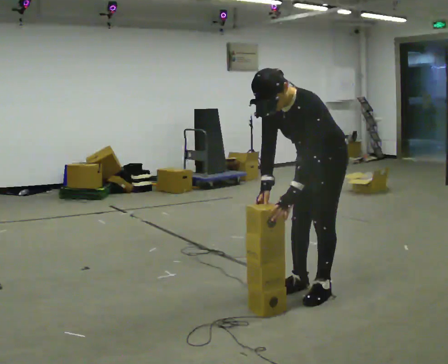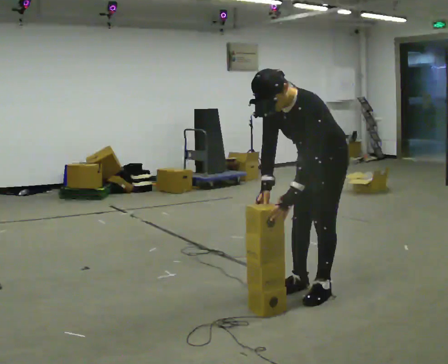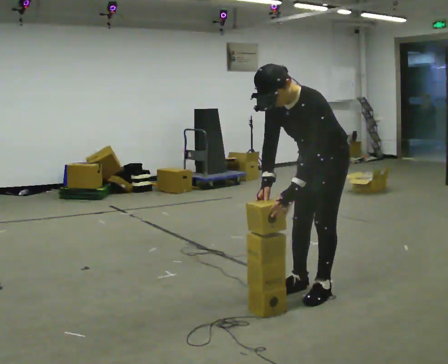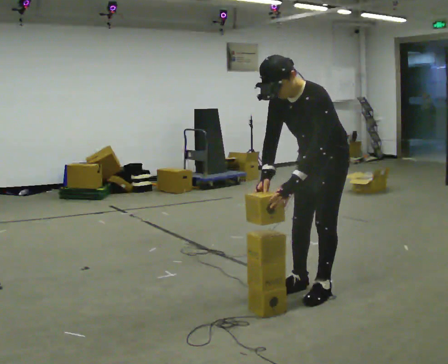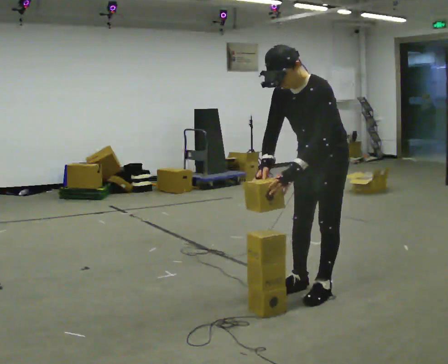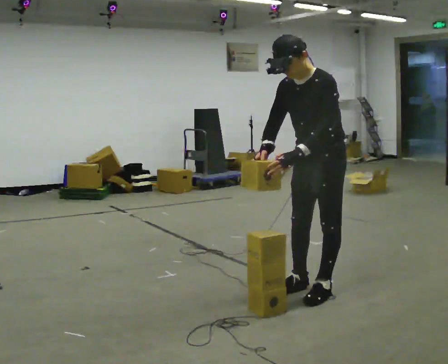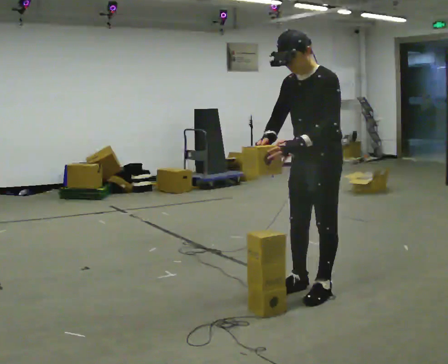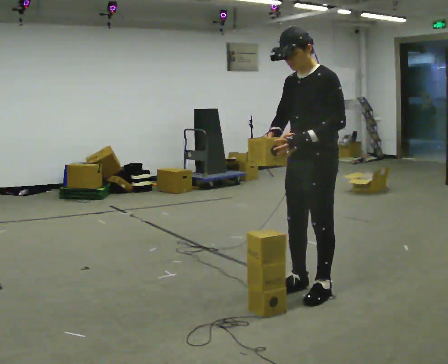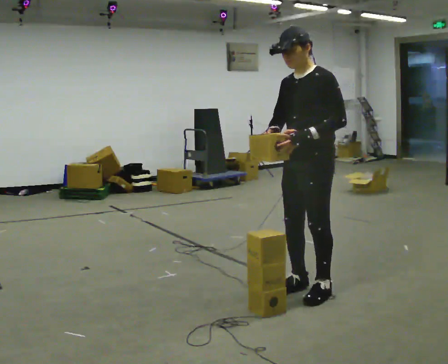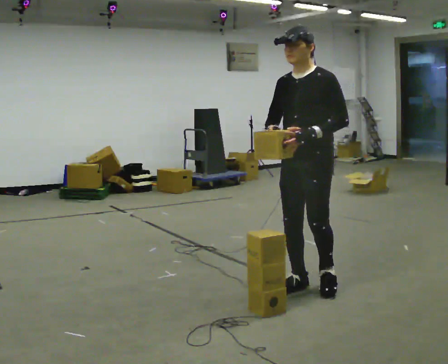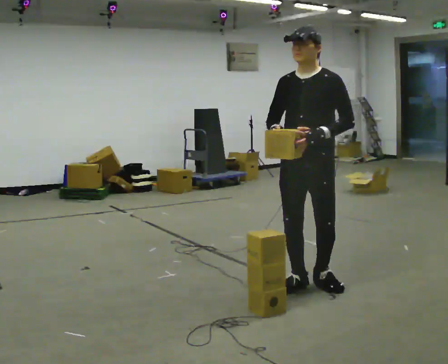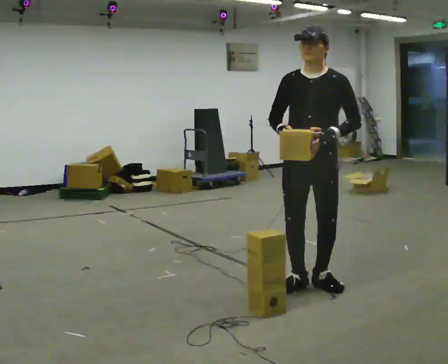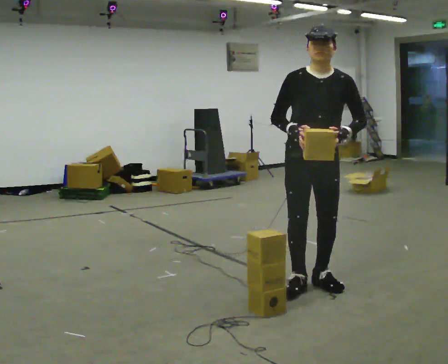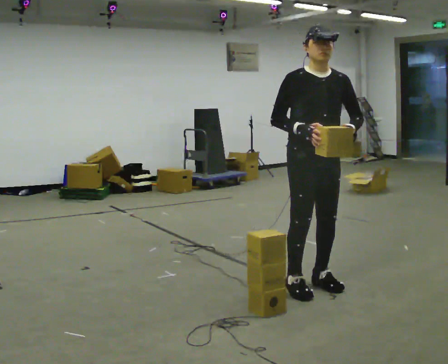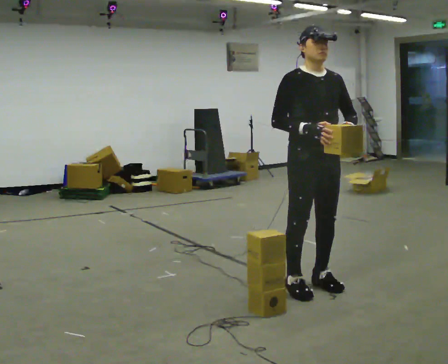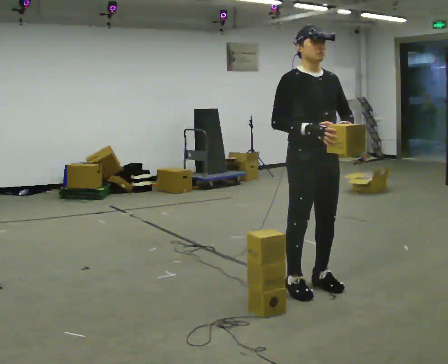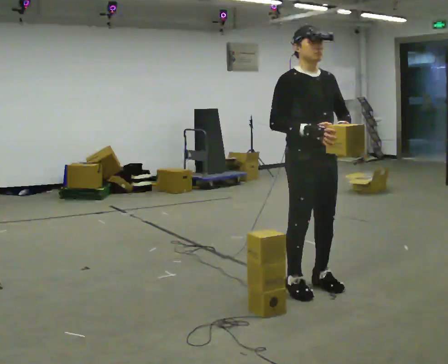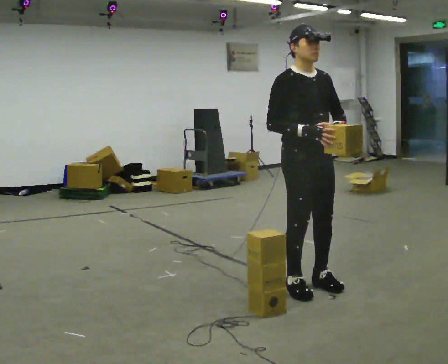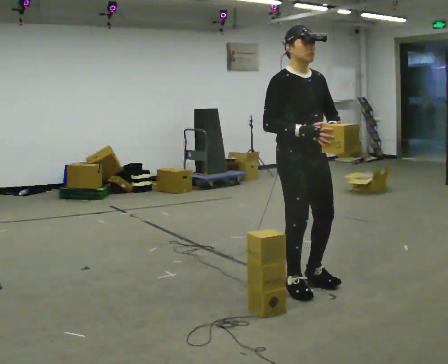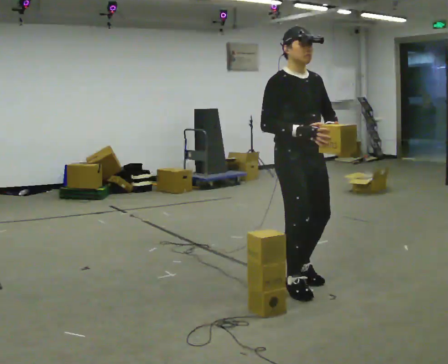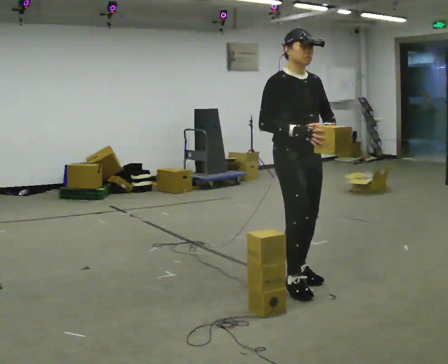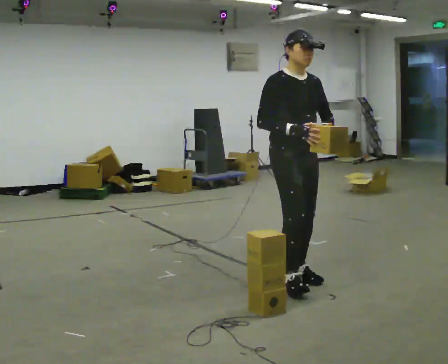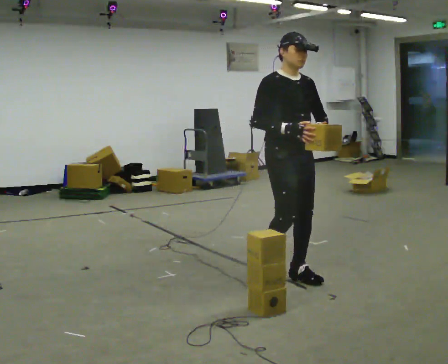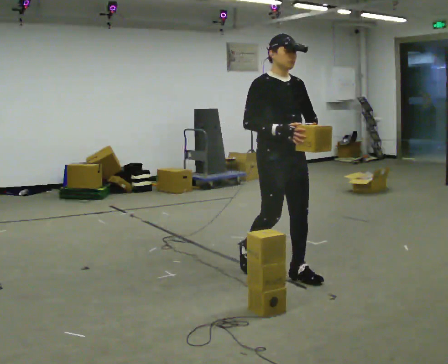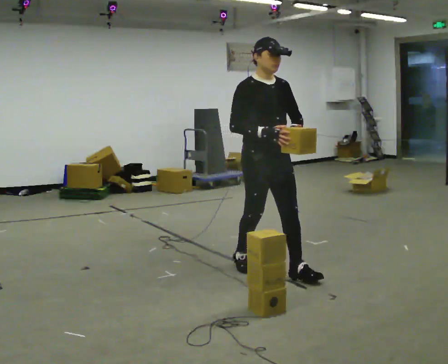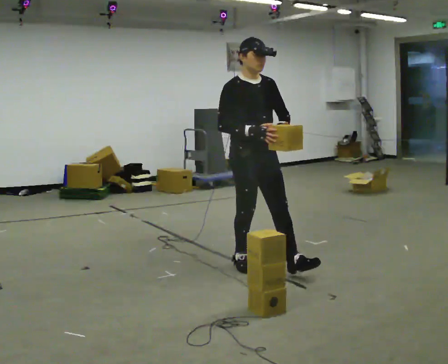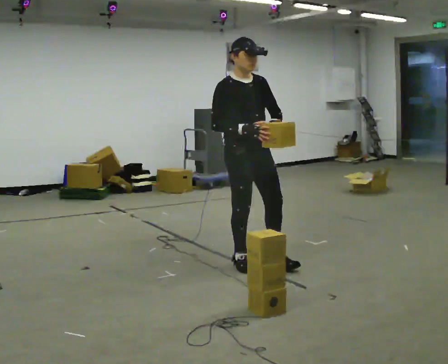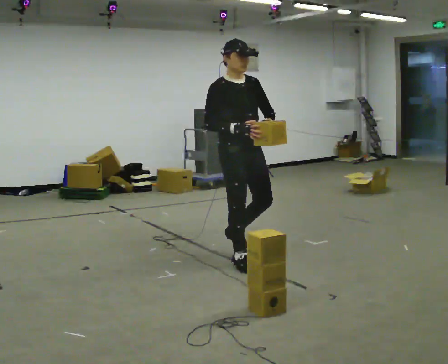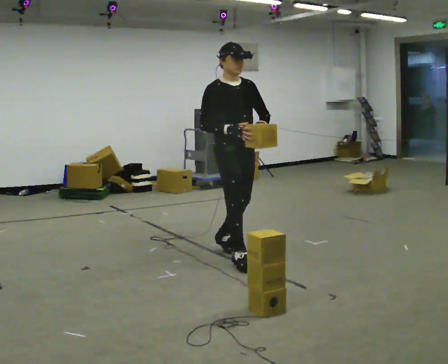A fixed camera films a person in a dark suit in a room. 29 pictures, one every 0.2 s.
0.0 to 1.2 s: The upper body goes upward. The upper body tips away from the camera, its near side rolling upward, as they lean back or straighten.
1.2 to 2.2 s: The part of the body nearest the lens slides to the right as the person turns to their left by about 30 degrees.
2.2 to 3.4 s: The person turns about 45 degrees to their left, counterclockwise seen from above, so the part of the body nearest the lens slides to the right.
3.4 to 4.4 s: In the picture they go away from the camera, about 0.25 m in 2 steps, which for them is backward.
4.4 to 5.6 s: In the picture they go to the left and away from the camera, about 0.75 m in 1 step, which for them is backward.
The film runs backward here.
